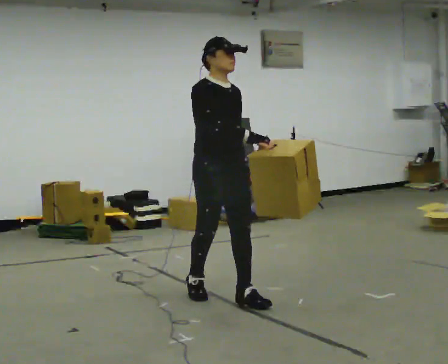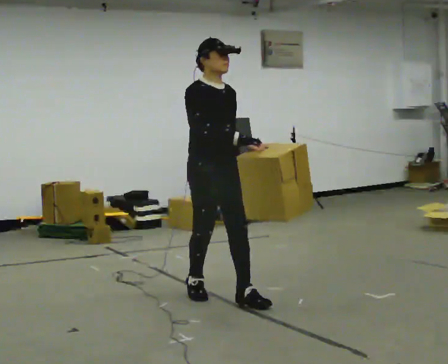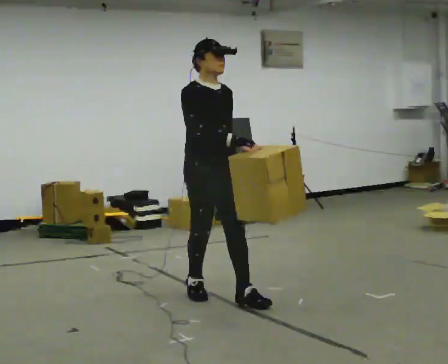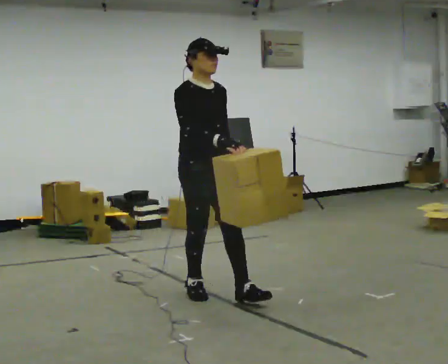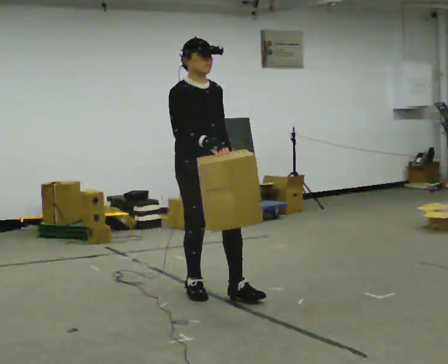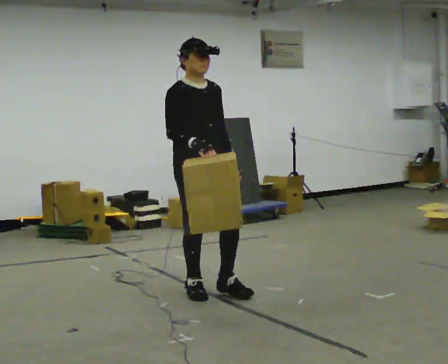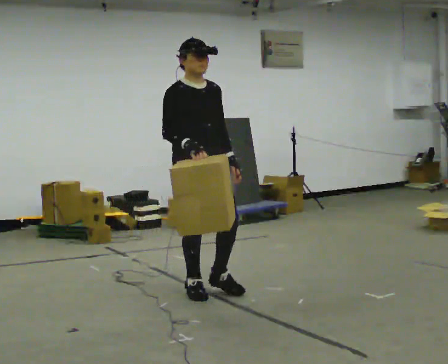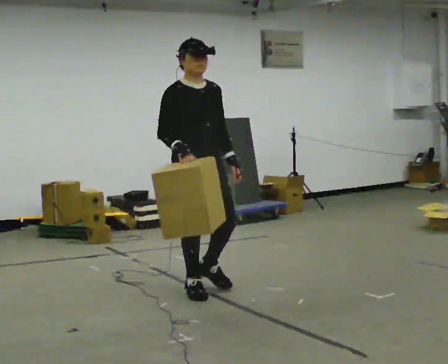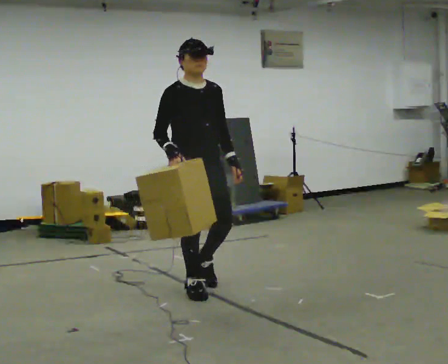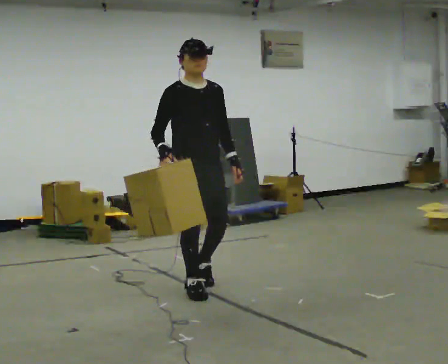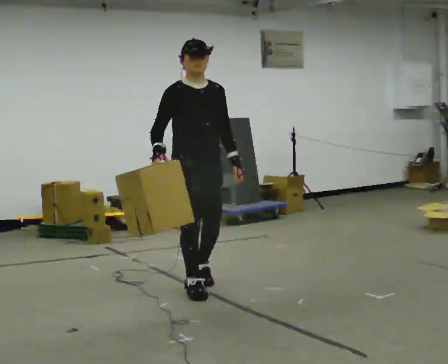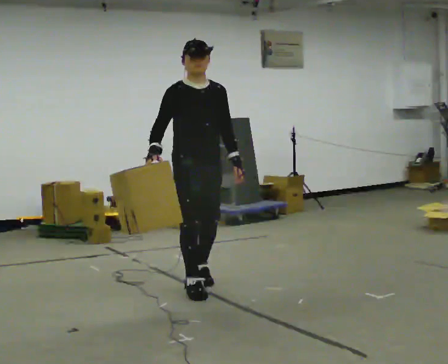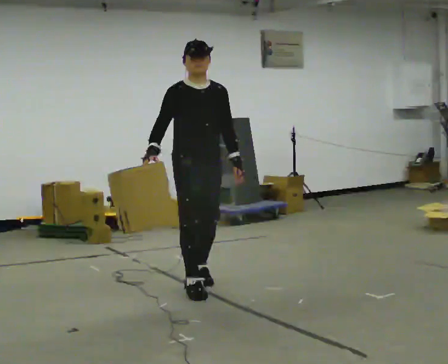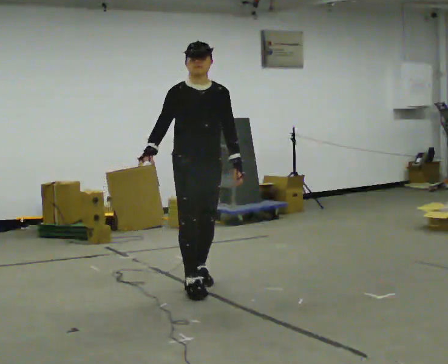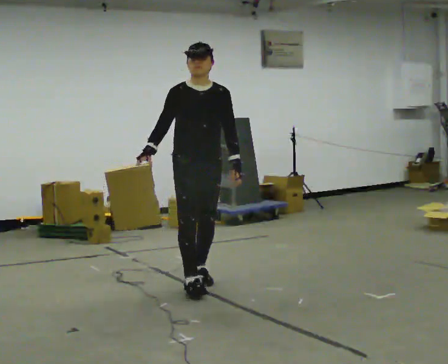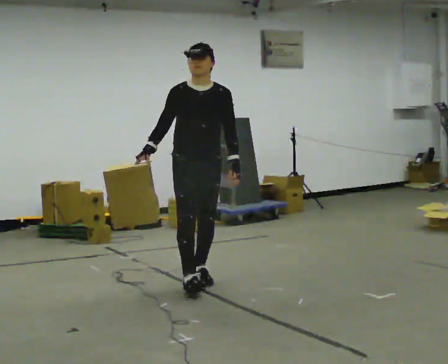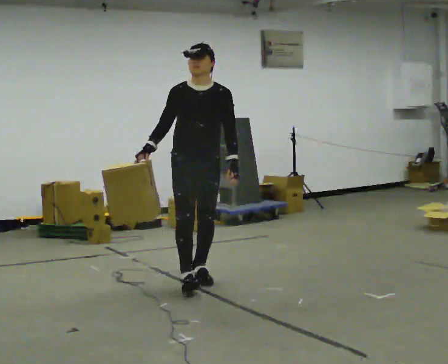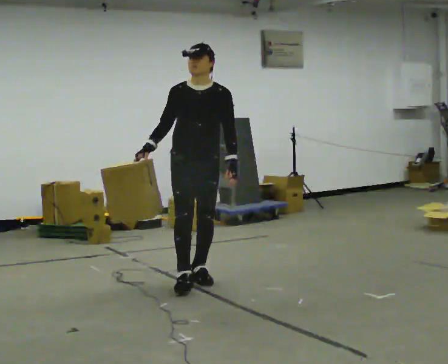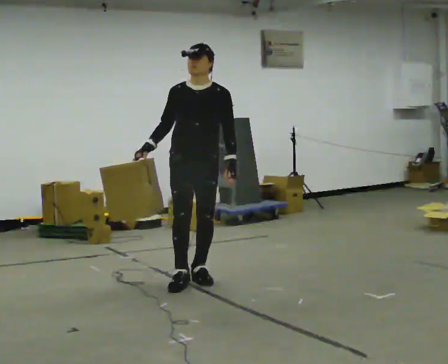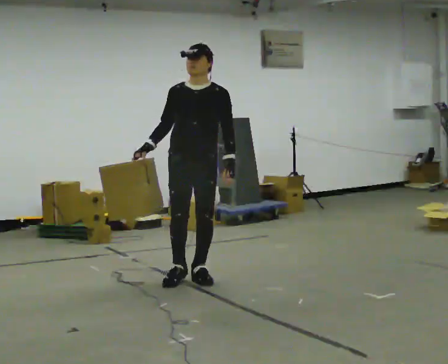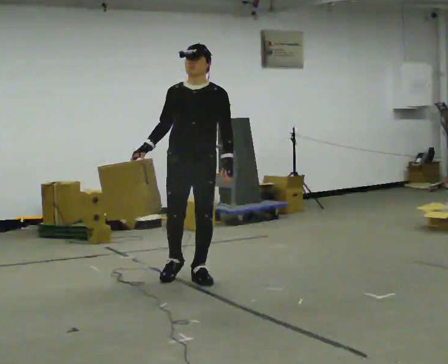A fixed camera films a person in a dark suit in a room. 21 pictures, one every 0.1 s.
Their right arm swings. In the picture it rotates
clockwise.
0.0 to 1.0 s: In the picture they go away from the camera, about 0.25 m in 1 step, which for them is backward.
1.0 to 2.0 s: The person turns about 30 degrees to their right, clockwise seen from above, so the part of the body nearest the lens slides to the left. In the picture they go away from the camera, about 0.25 m in 1 step, which for them is backward.
The film runs backward here.
